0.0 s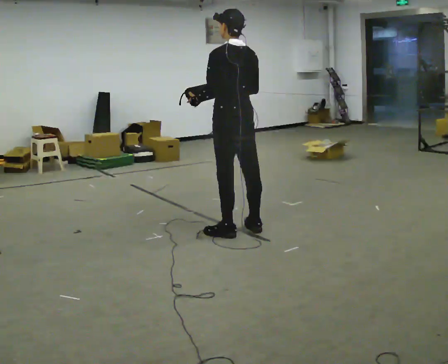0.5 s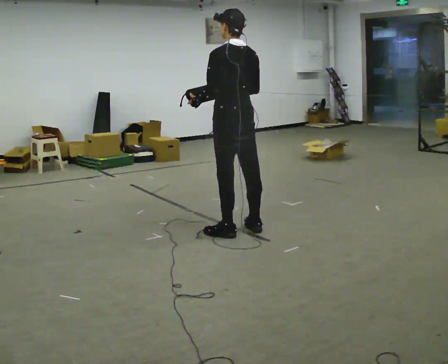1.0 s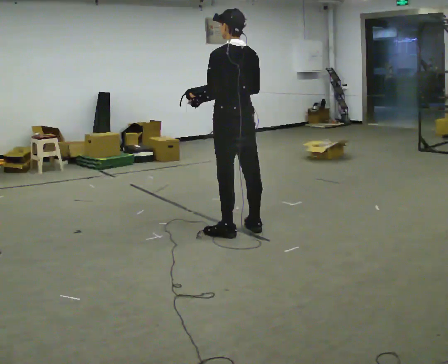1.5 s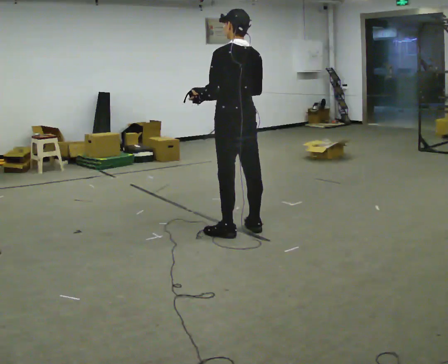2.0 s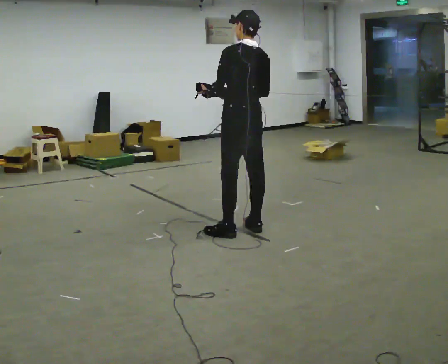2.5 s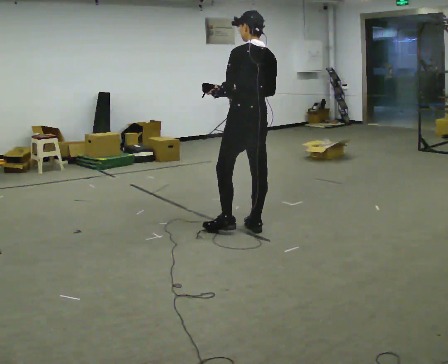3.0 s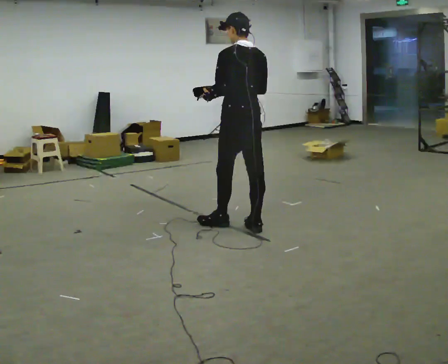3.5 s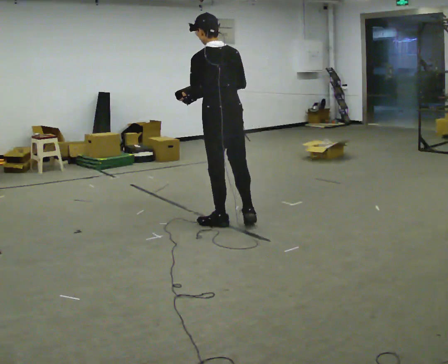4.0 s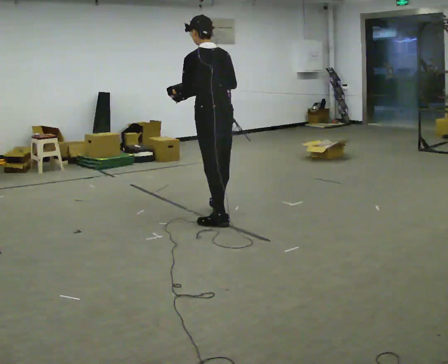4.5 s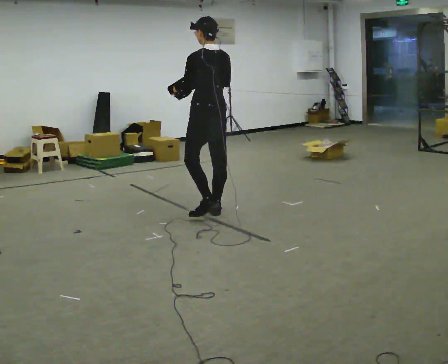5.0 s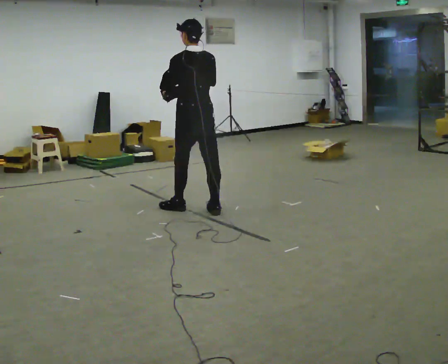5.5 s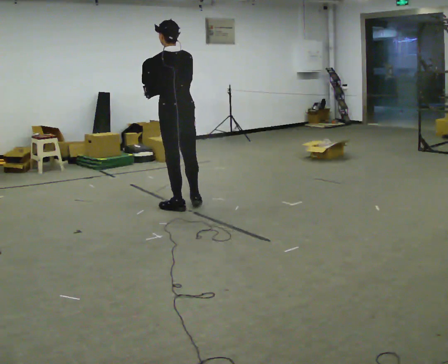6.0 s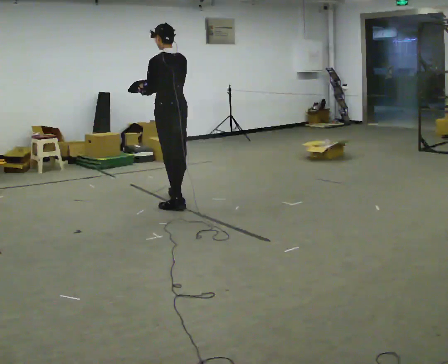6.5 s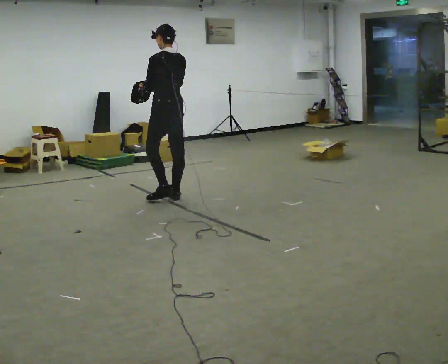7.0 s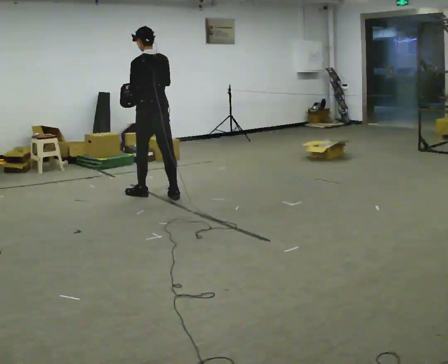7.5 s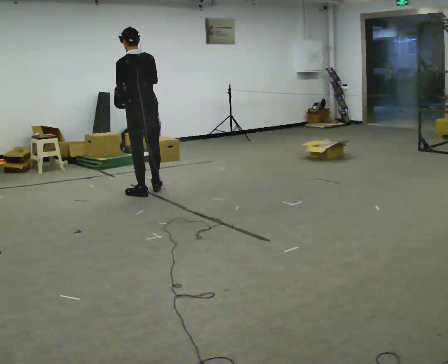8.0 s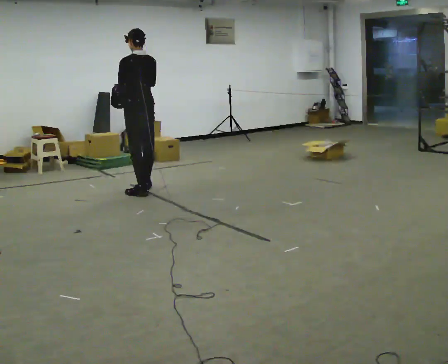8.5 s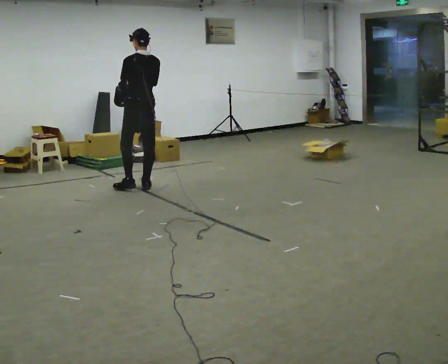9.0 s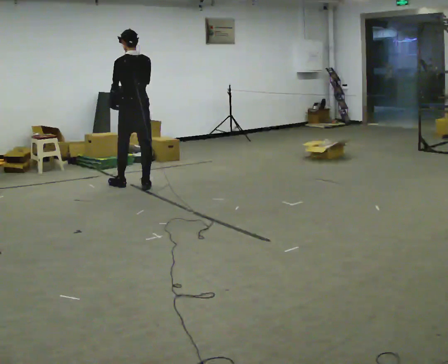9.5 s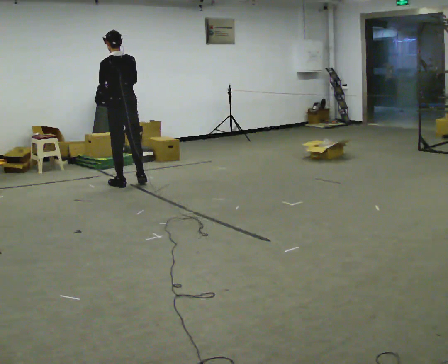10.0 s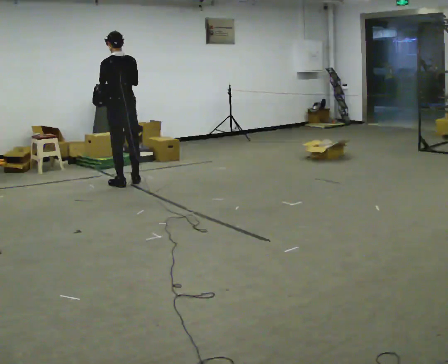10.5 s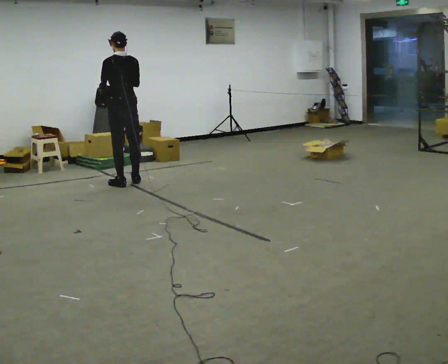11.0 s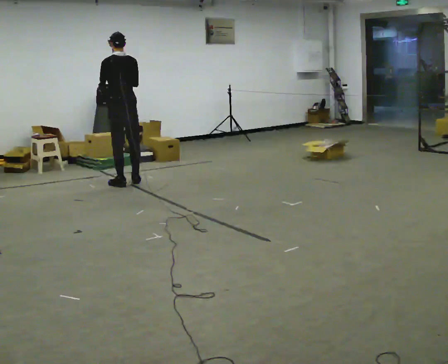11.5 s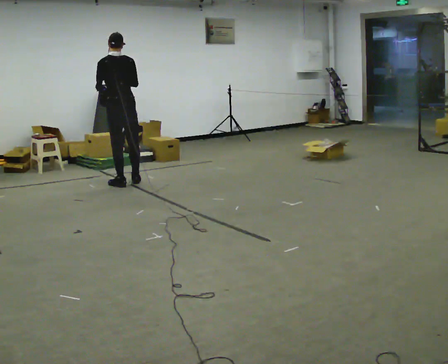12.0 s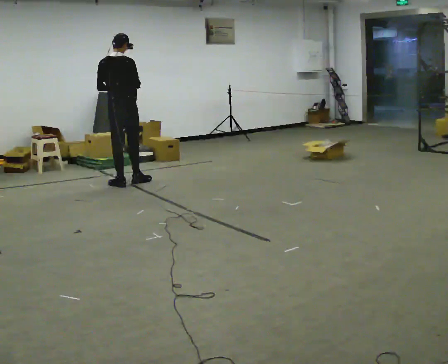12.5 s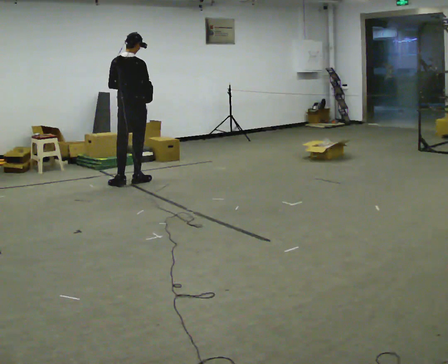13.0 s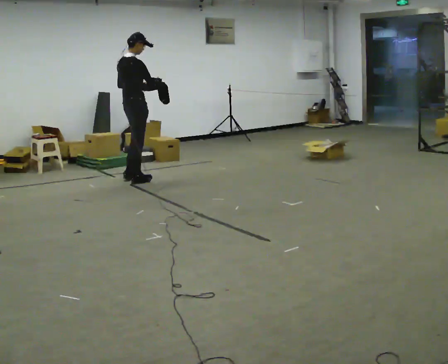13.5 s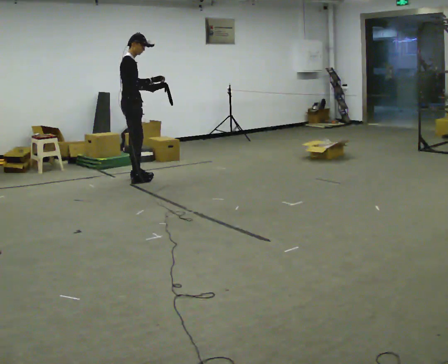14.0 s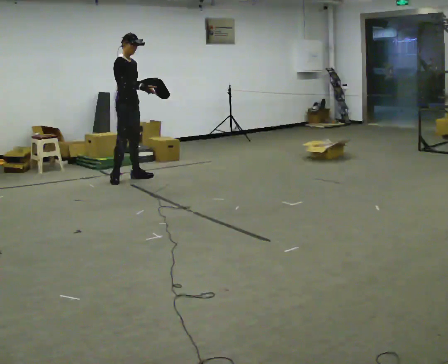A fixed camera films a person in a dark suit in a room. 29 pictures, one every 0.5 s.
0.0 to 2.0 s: The person moves a little, or ends about where they began.
2.0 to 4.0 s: In the picture they go away from the camera and to the left, about 0.25 m in 2 steps, which for them is forward.
4.0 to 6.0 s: In the picture they go away from the camera and to the left, about 0.75 m in 2 steps, which for them is forward.
6.0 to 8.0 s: In the picture they go away from the camera and to the left, about 0.5 m in 2 steps, which for them is forward.
8.0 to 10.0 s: In the picture they go away from the camera and to the left, about 0.5 m in 2 steps, which for them is forward.
10.0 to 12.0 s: The part of the body nearest the lens slides to the left as the person turns to their right by about 30 degrees.
12.0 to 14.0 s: The person turns about 105 degrees to their right, clockwise seen from above, so the part of the body nearest the lens slides to the left. In the picture they go away from the camera, about 0.25 m in 1 step.
The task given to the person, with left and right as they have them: Carry the open container and, while walking, reach in with one hand and take an item out, then put it back. Repeat as you walk. Do not stop.
The film runs forward here.
